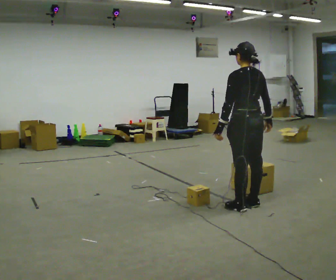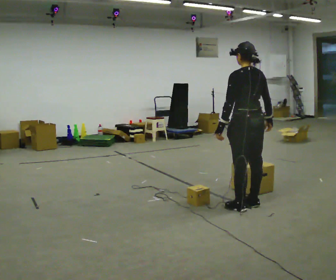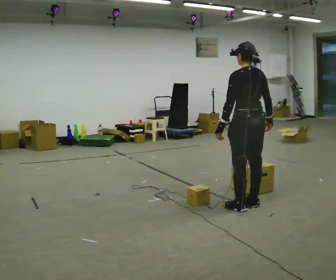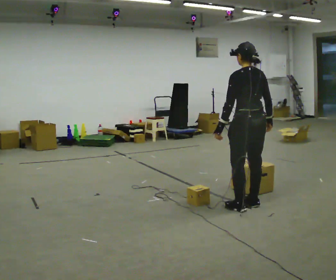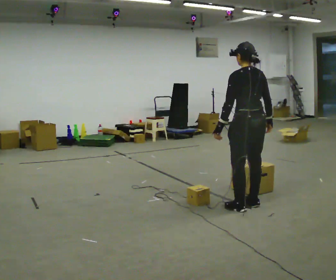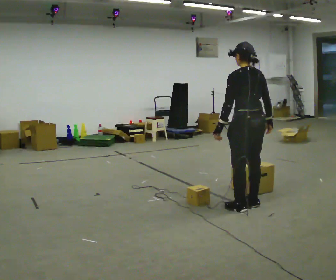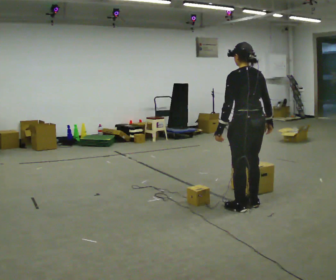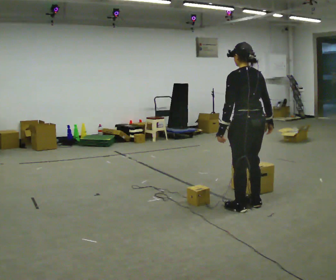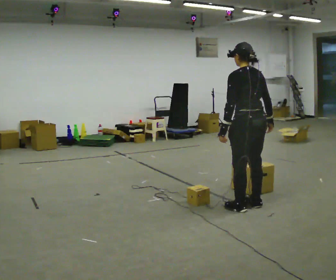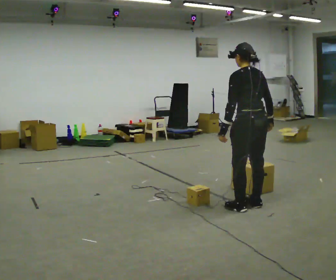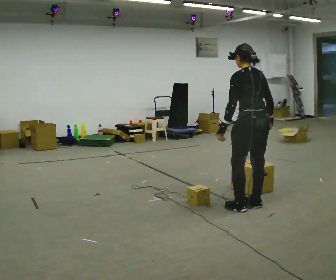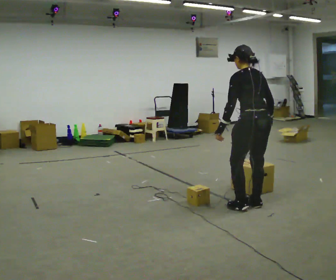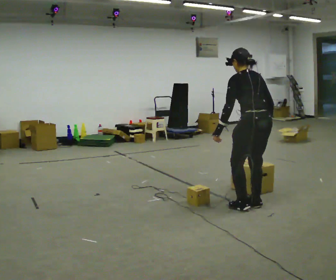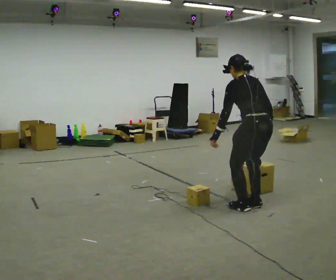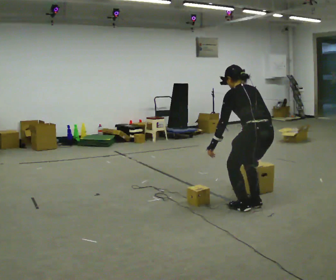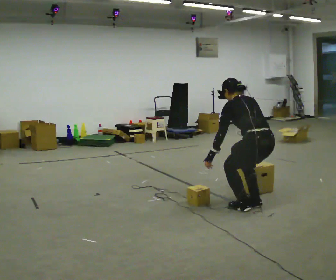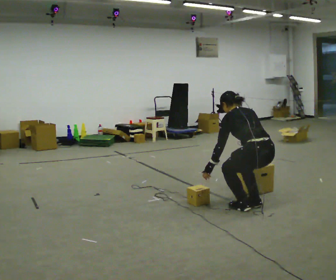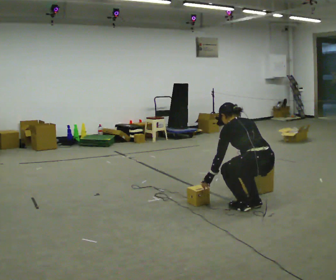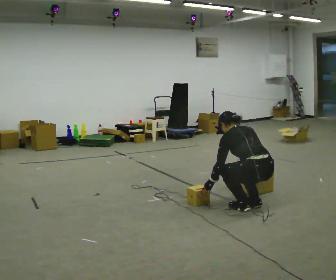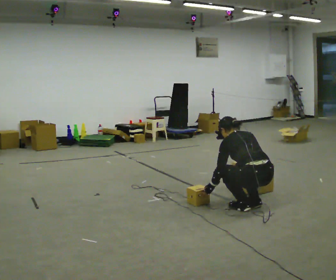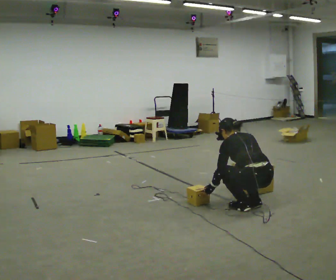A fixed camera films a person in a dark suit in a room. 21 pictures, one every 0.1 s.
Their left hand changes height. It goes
downward.
Their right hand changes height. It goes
downward.
0.0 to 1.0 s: The person moves a little, or ends about where they began.
1.0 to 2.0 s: The shoulders move downward. The upper body tips away from the camera, its near side rolling upward, as they bend forward. In the picture their right hand goes downward.
The film runs backward here.
